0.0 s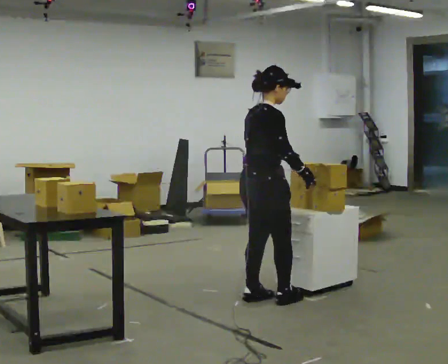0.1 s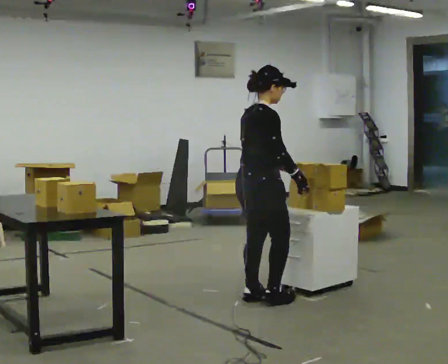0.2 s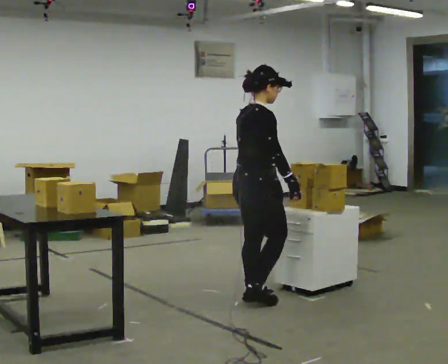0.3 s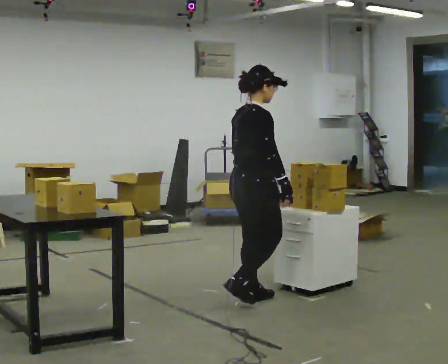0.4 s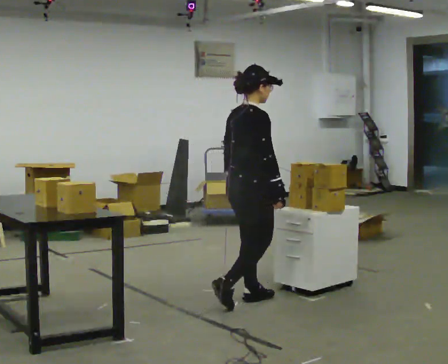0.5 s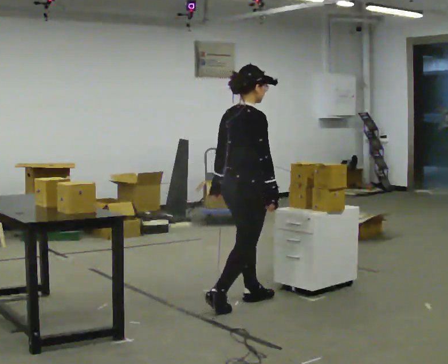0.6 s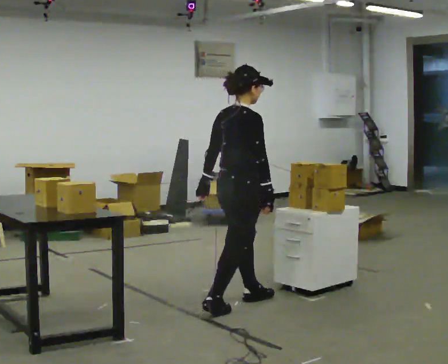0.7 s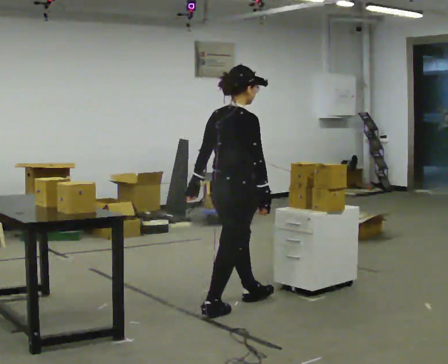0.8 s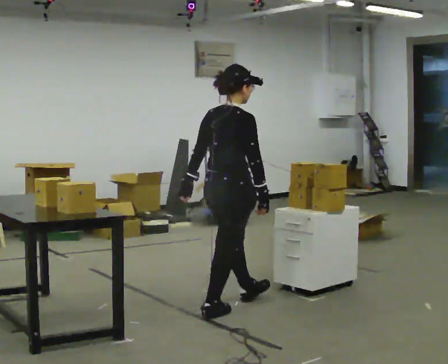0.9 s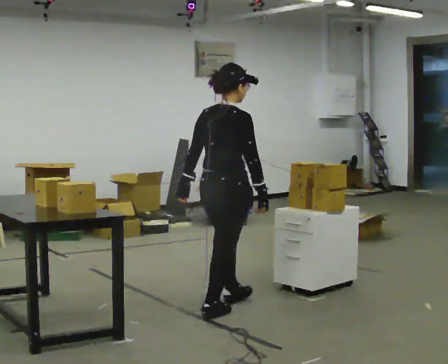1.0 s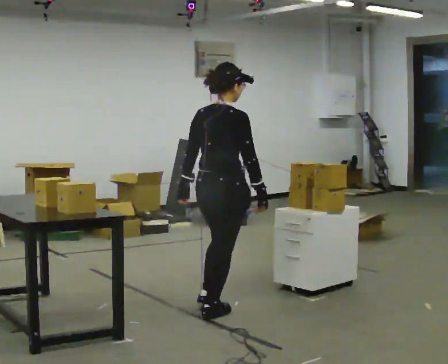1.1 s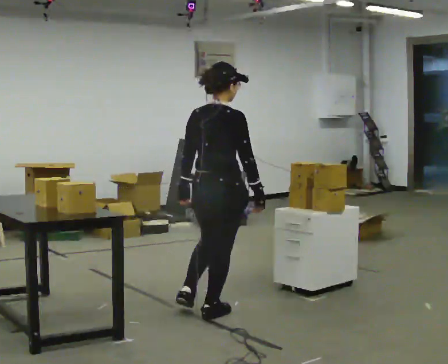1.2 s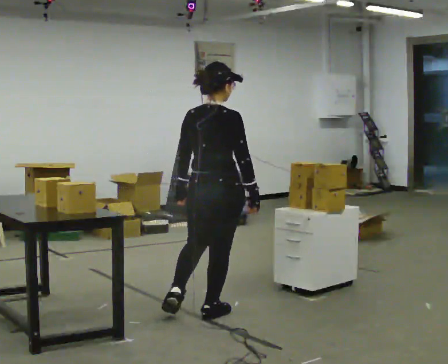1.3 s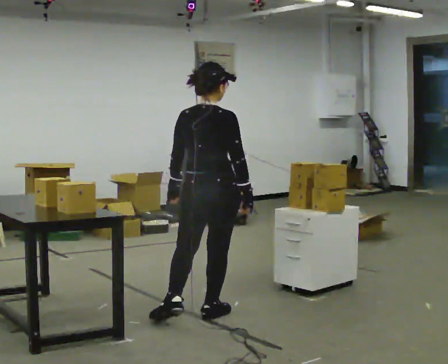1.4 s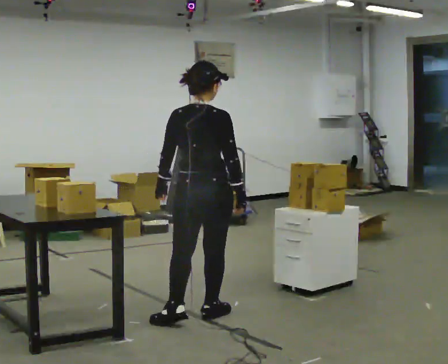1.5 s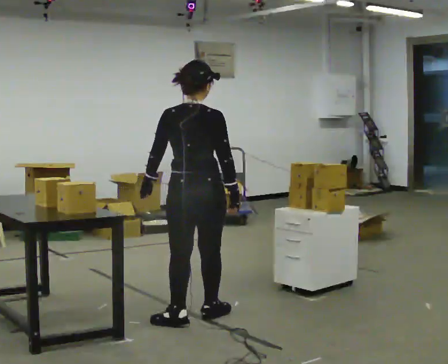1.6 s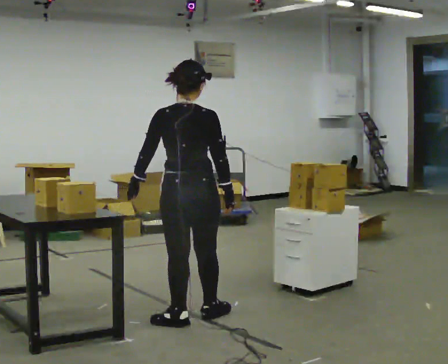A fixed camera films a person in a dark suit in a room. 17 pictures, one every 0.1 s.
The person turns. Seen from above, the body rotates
counterclockwise.
Their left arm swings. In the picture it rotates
clockwise.
0.0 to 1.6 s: Seen from above the body turns counterclockwise, about 60 degrees: to their left, with its near side sliding to the right. In the picture they go to the left and toward the camera, about 0.75 m in 1 step.
The film runs backward here.
